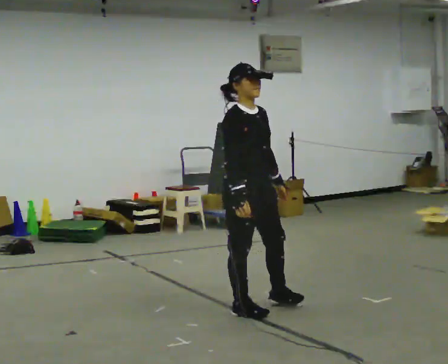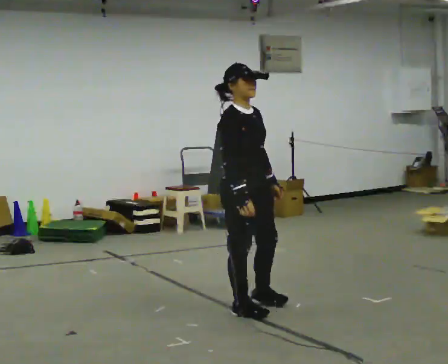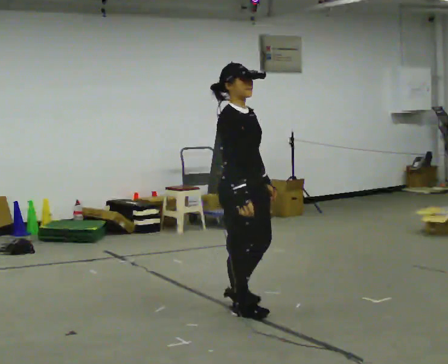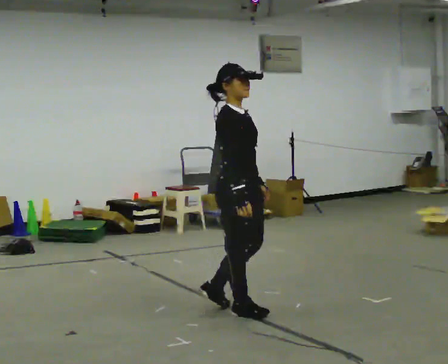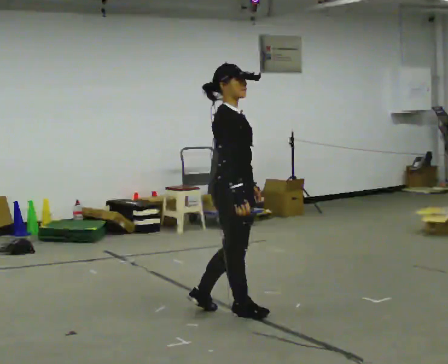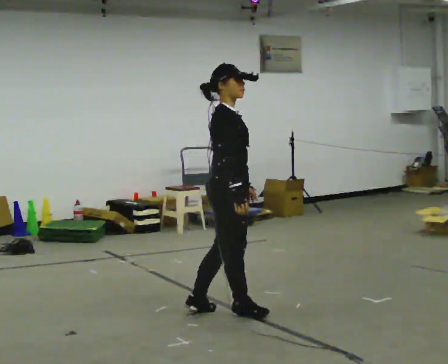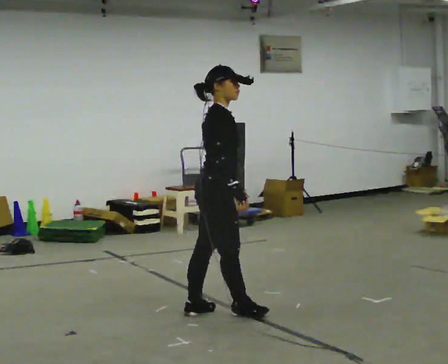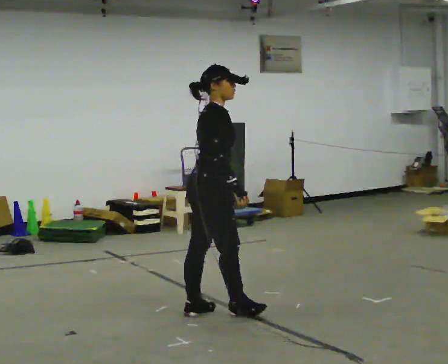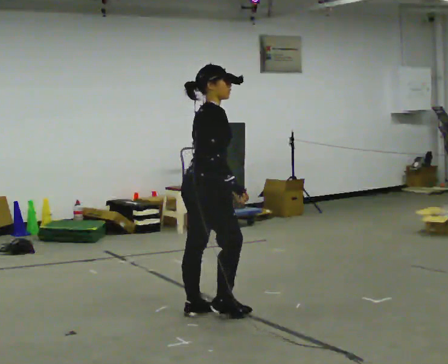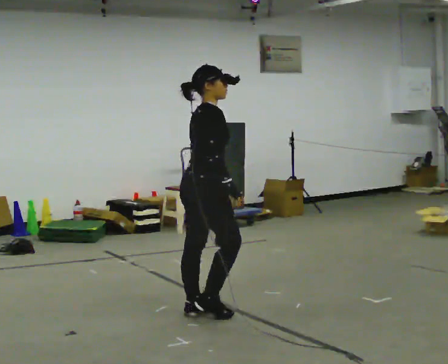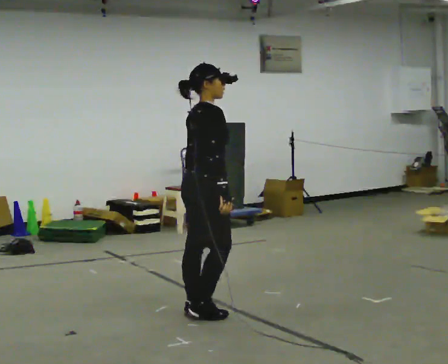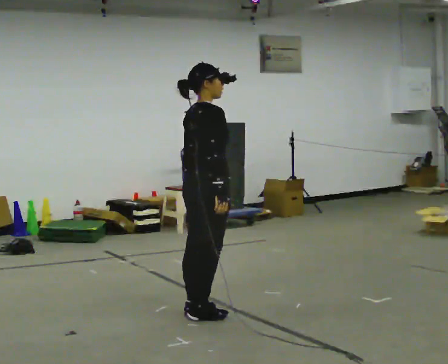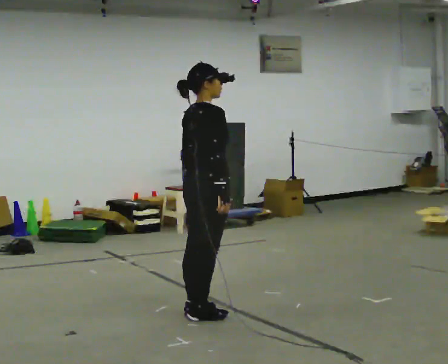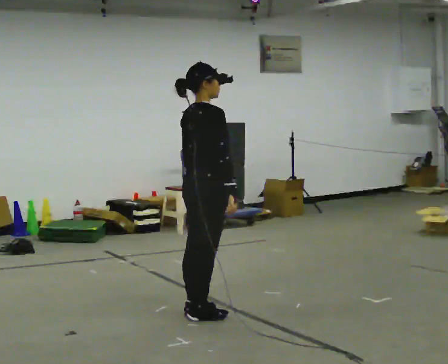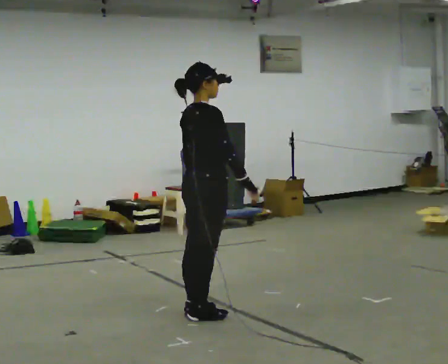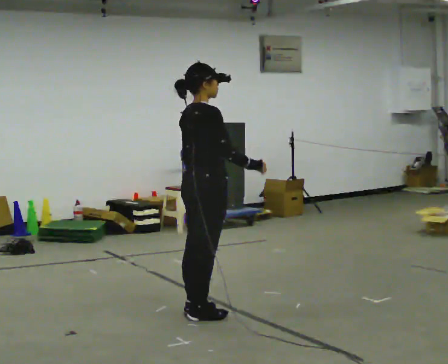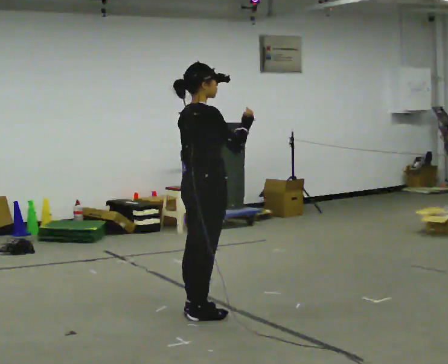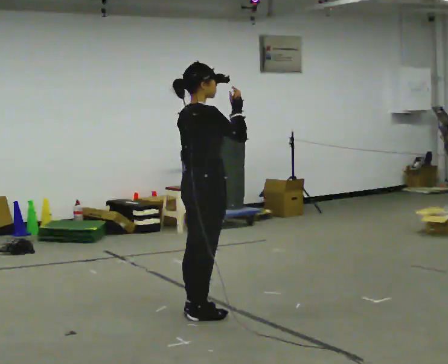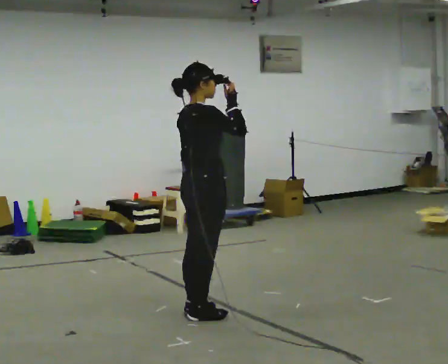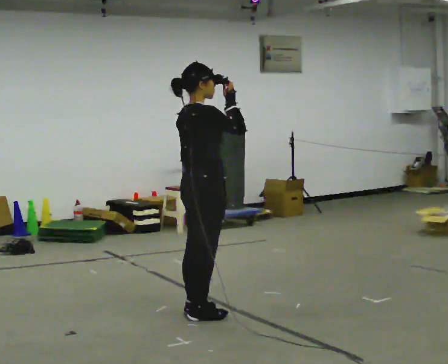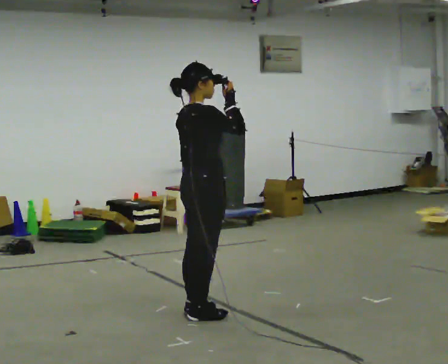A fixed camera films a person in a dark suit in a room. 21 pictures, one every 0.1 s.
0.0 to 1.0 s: The part of the body nearest the lens slides to the right as the person turns to their left by about 60 degrees. In the picture they go to the left, about 0.25 m in 1 step, which for them is backward.
1.0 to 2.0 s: In the picture their right hand goes upward.
The film runs backward here.
